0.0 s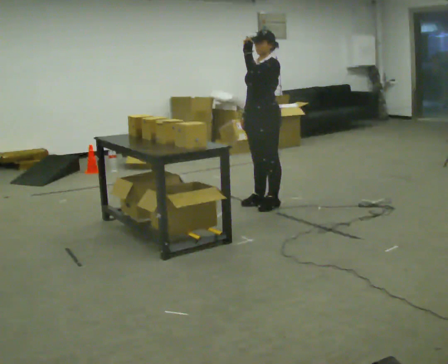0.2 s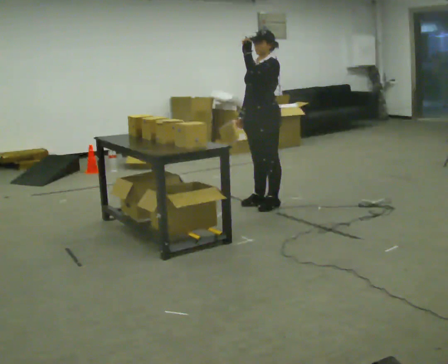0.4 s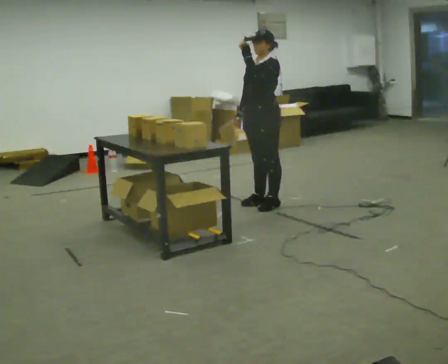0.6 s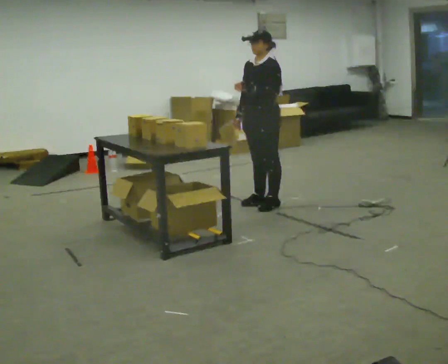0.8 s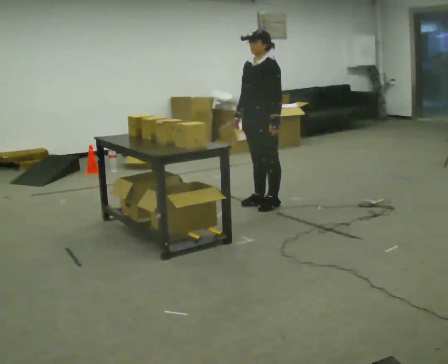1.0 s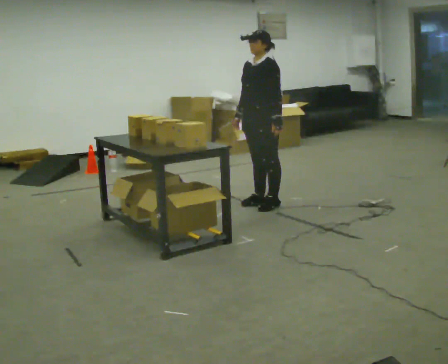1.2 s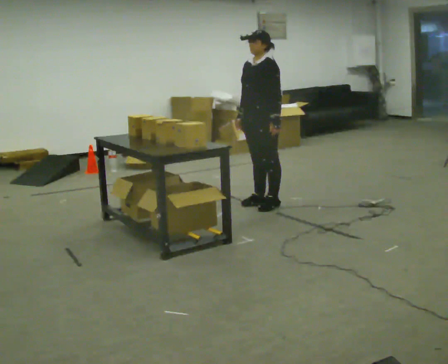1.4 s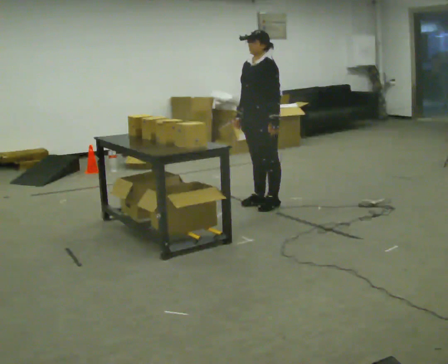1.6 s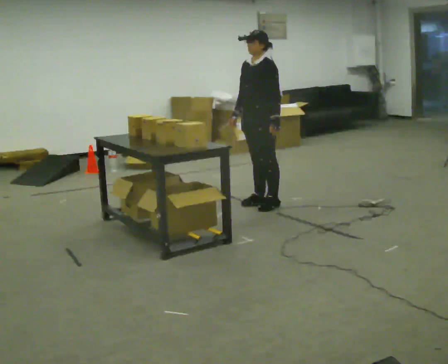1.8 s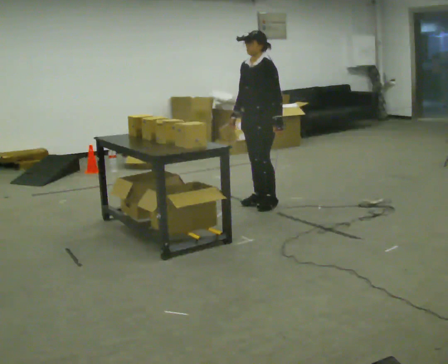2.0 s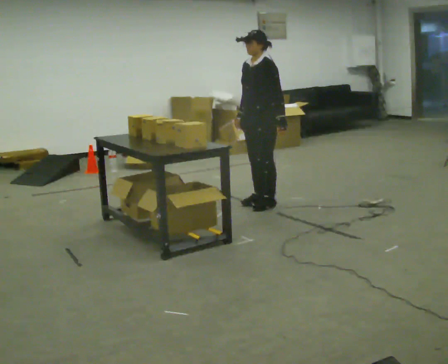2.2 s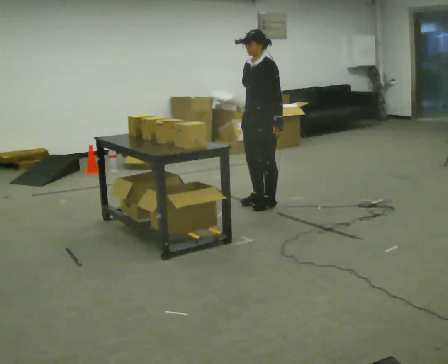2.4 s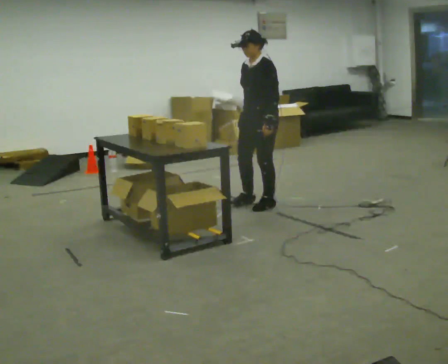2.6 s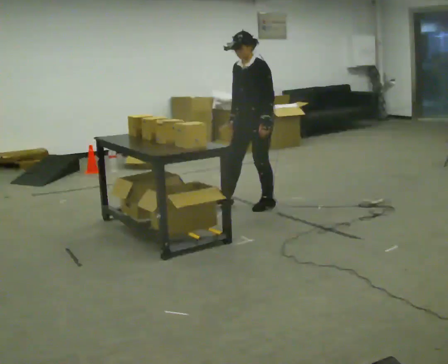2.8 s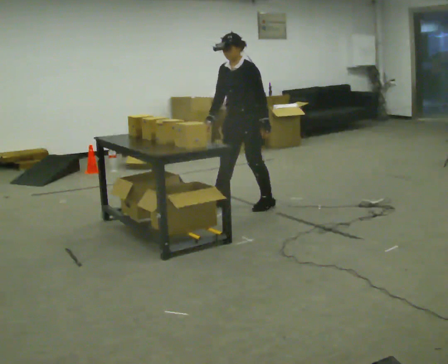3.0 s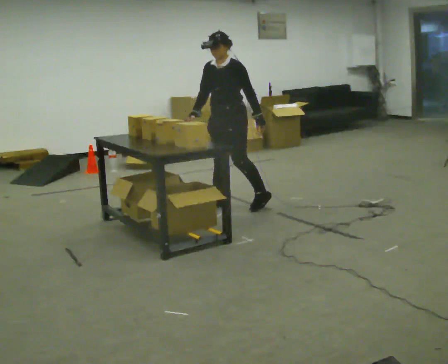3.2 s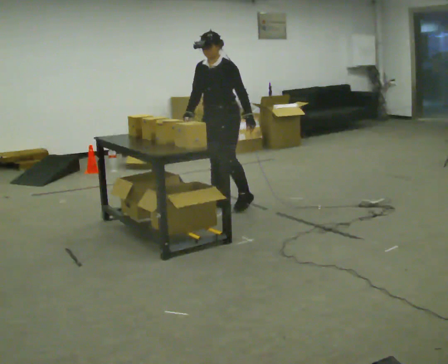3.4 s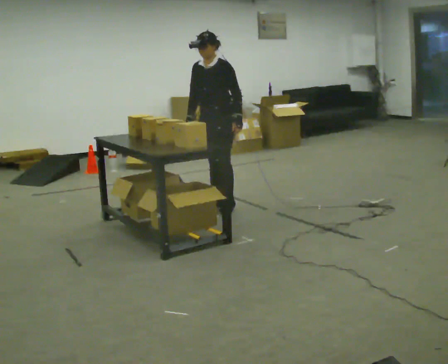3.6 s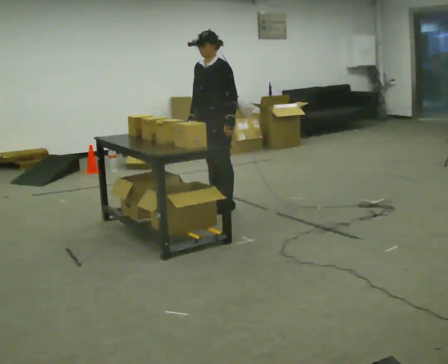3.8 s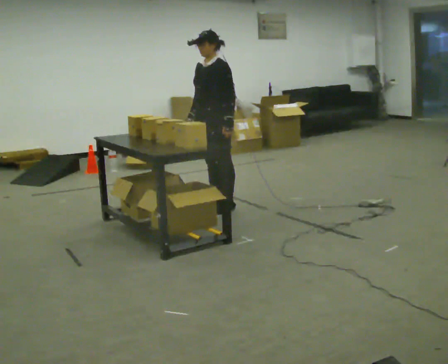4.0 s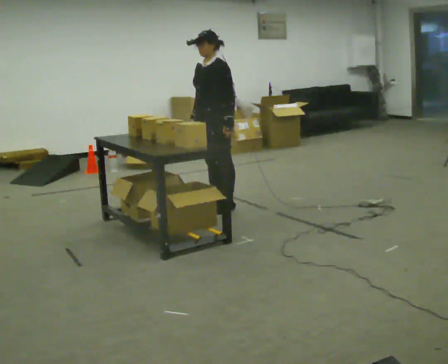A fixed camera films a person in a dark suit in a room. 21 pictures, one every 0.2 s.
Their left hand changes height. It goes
downward.
0.0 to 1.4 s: In the picture their left hand goes downward.
1.4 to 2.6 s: The person moves a little, or ends about where they began.
2.6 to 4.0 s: In the picture they go to the left, about 0.5 m in 1 step, which for them is forward and to their right.
The film runs backward here.
